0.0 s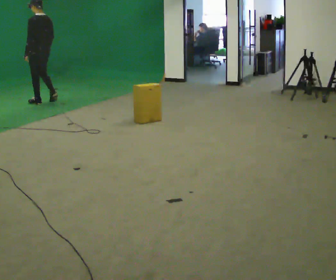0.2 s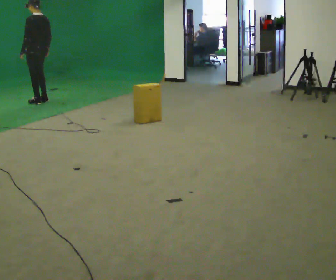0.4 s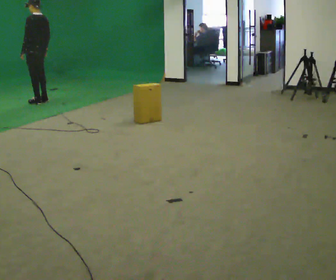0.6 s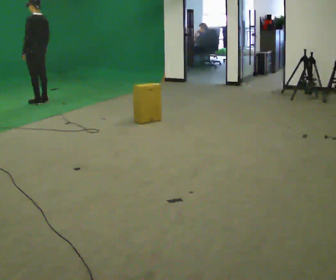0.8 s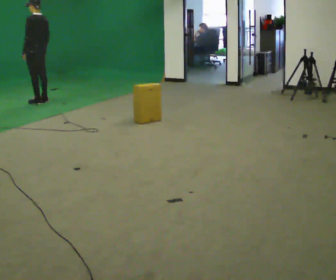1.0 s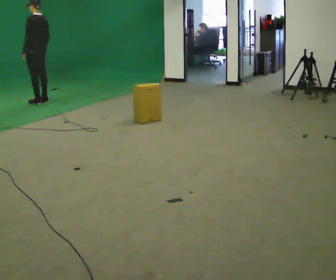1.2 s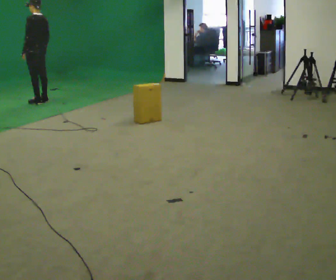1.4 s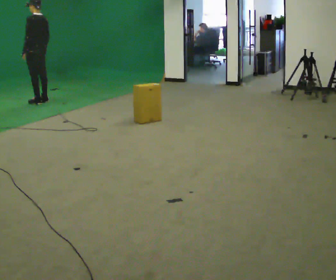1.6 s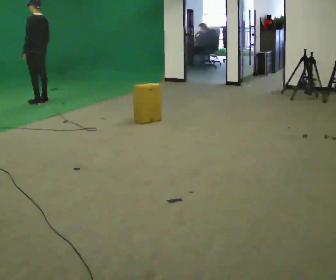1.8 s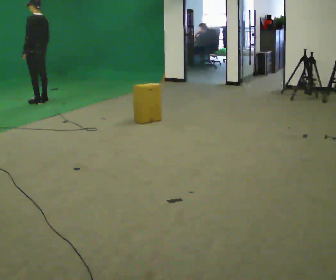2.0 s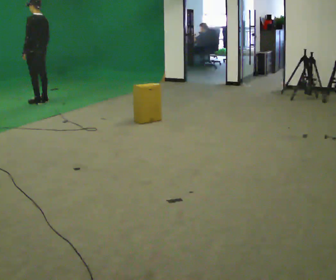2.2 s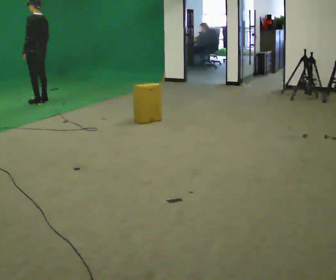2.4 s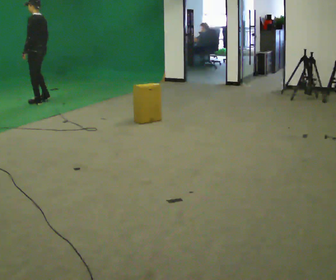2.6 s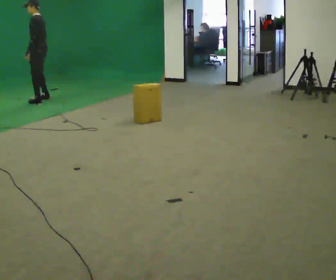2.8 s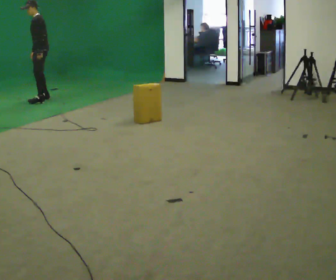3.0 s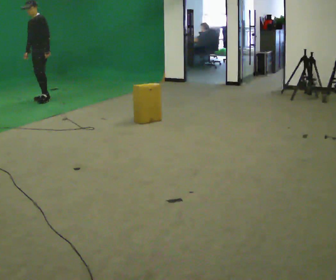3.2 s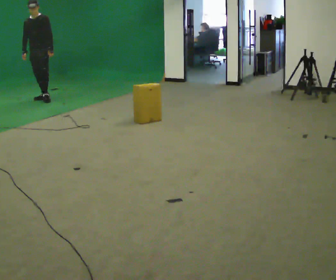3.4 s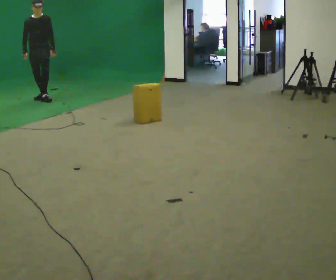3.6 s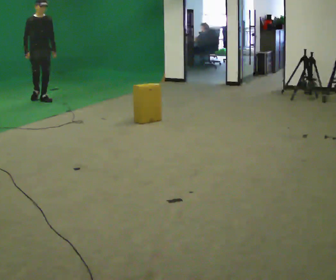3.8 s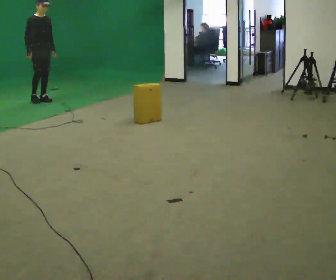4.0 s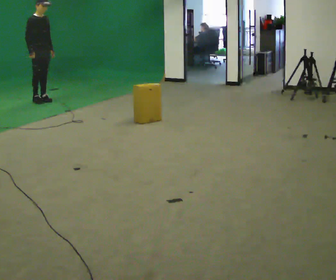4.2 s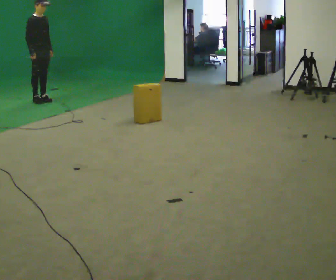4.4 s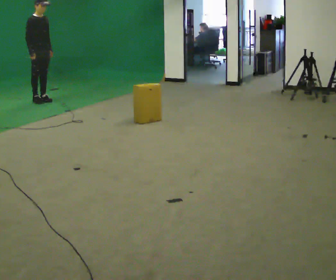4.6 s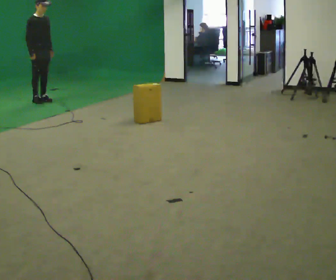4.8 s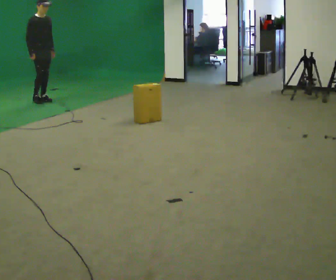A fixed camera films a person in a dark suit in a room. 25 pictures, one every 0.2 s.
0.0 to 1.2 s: In the picture they go away from the camera, about 0.25 m in 1 step, which for them is forward.
1.2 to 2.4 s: The person moves a little, or ends about where they began.
2.4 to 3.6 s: Seen from above the body turns counterclockwise, about 135 degrees: to their left, with its near side sliding to the right.
3.6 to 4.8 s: The person moves a little, or ends about where they began.
The film runs forward here.
